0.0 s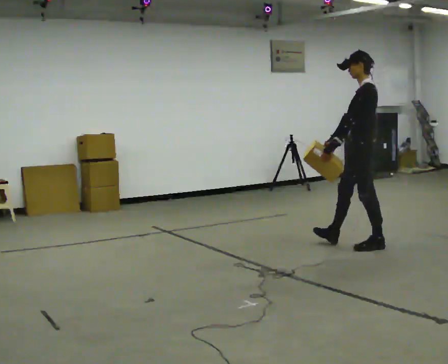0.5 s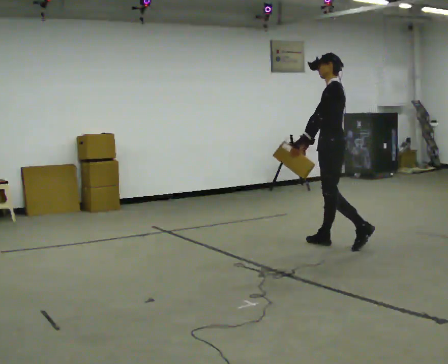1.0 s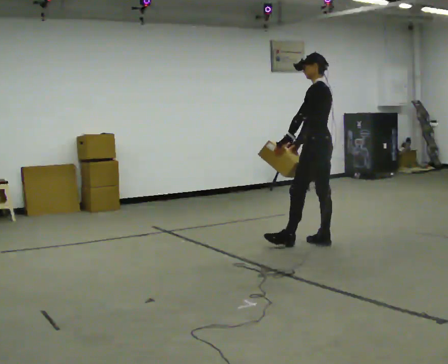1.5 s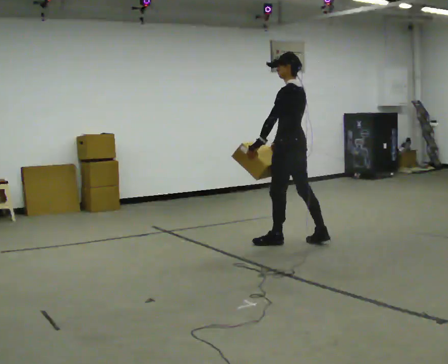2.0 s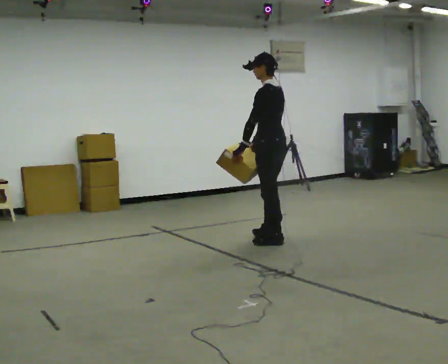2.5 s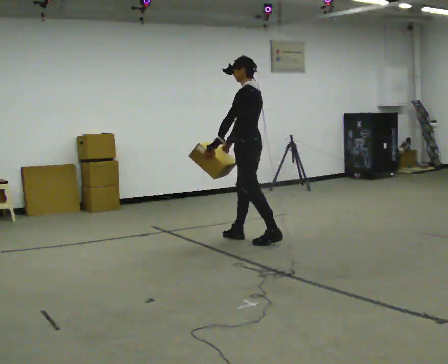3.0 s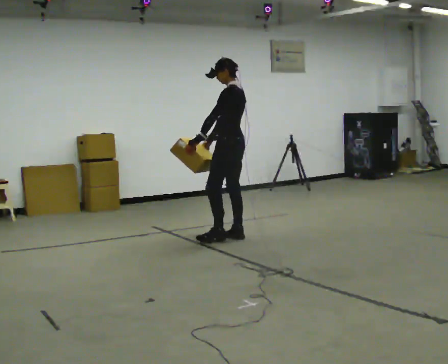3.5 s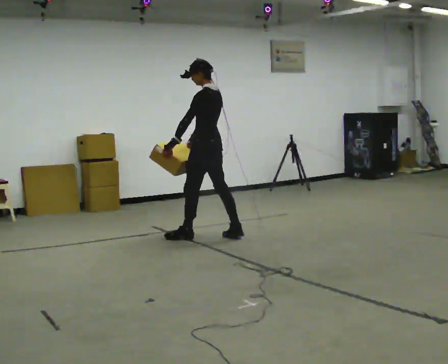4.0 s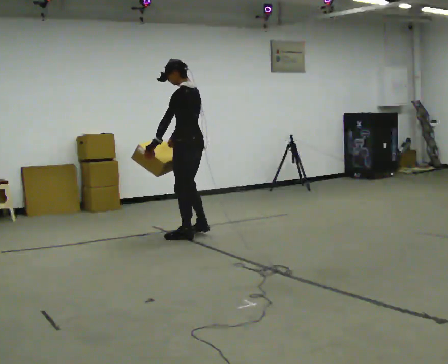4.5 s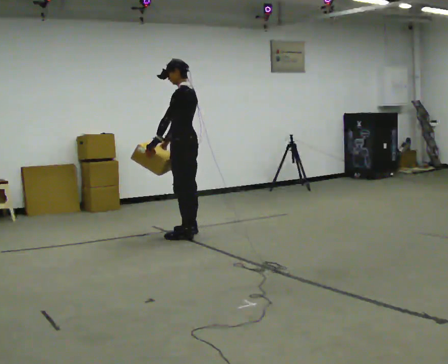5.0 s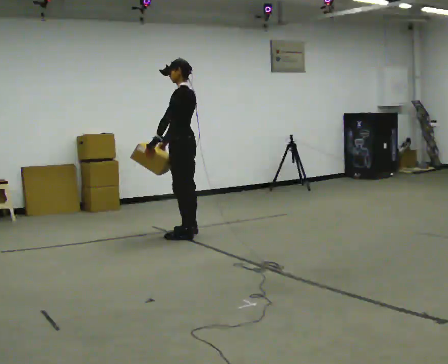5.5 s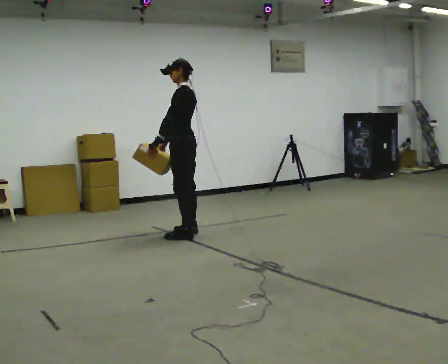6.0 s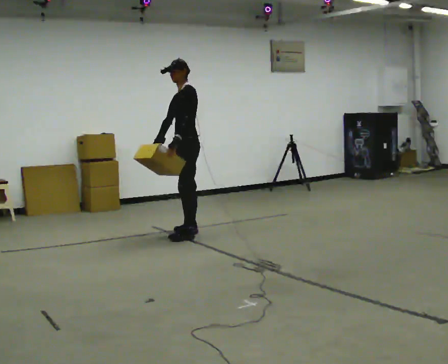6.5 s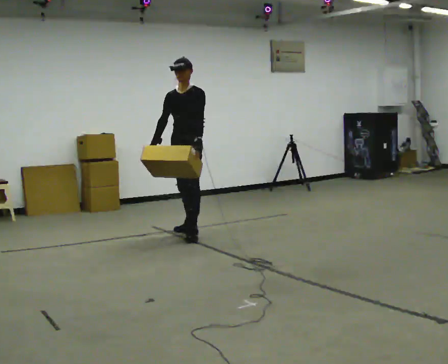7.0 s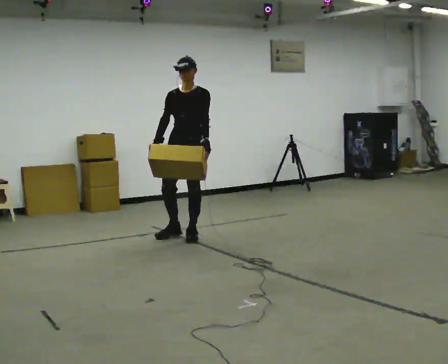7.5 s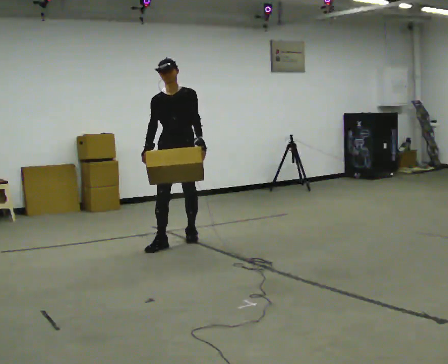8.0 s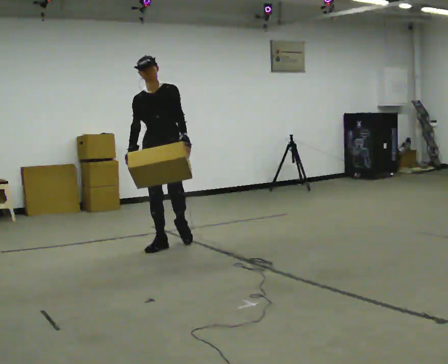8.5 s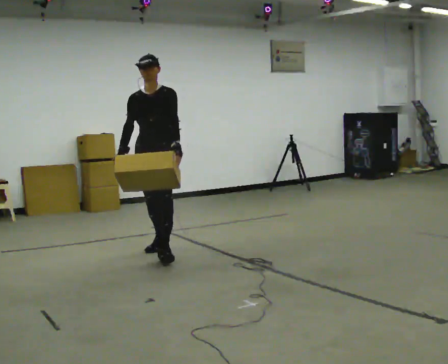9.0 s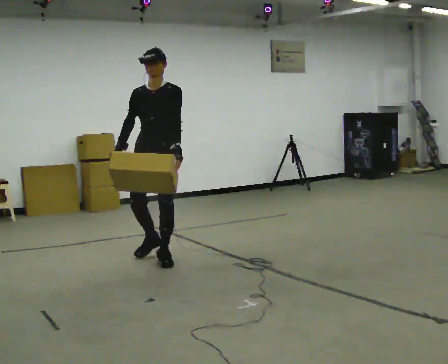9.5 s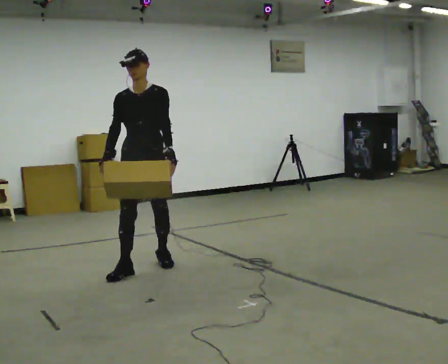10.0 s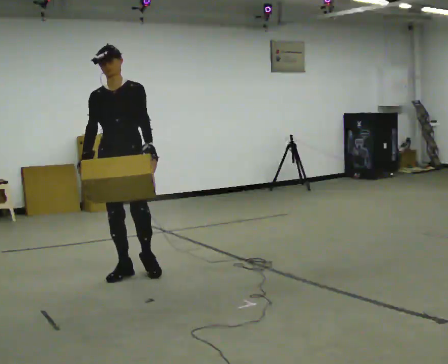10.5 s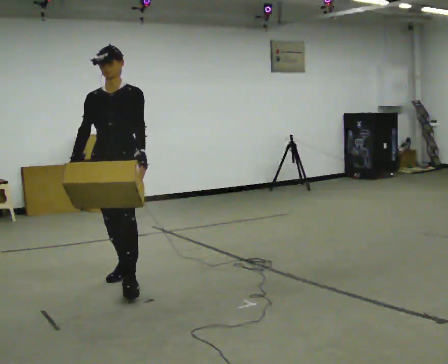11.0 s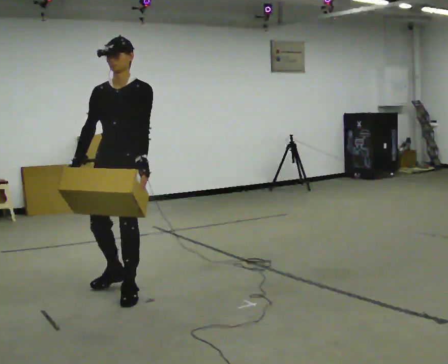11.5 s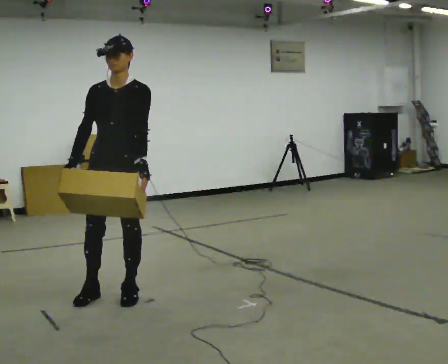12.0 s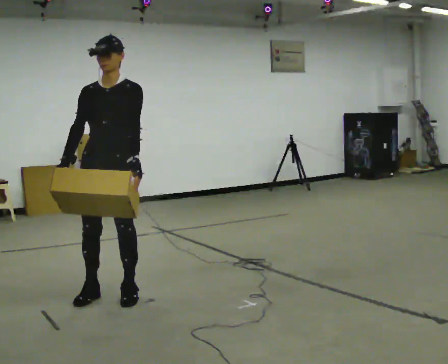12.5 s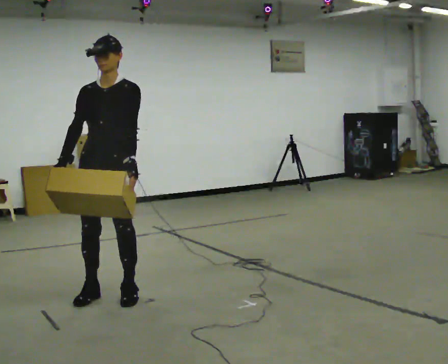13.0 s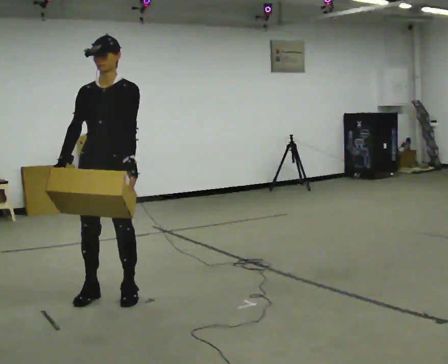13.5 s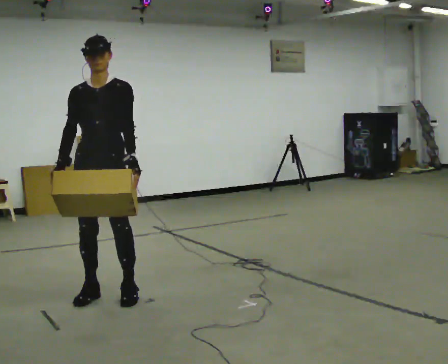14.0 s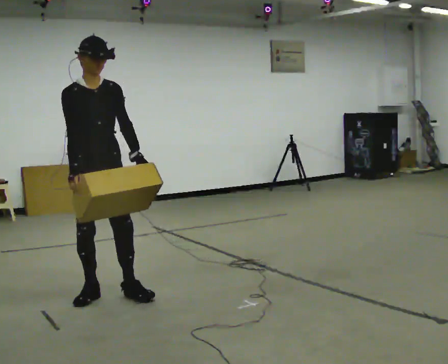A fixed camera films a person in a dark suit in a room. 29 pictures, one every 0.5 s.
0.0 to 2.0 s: In the picture they go to the left and away from the camera, about 1 m in 2 steps, which for them is forward.
2.0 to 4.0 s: In the picture they go to the left and away from the camera, about 1 m in 2 steps, which for them is forward.
4.0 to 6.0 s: Seen from above the body turns counterclockwise, about 45 degrees: to their left, with its near side sliding to the right. In the picture they go away from the camera, about 0.25 m in 1 step, which for them is to their right.
6.0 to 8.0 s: The part of the body nearest the lens slides to the right as the person turns to their left by about 60 degrees. In the picture they go toward the camera and to the left, about 0.75 m in 1 step.
8.0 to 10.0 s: In the picture they go toward the camera, about 1 m in 2 steps, which for them is forward.
10.0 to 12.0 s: In the picture they go toward the camera, about 0.5 m in 2 steps, which for them is forward.
12.0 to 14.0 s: Seen from above the body turns counterclockwise, about 45 degrees: to their left, with its near side sliding to the right.
The film runs forward here.
